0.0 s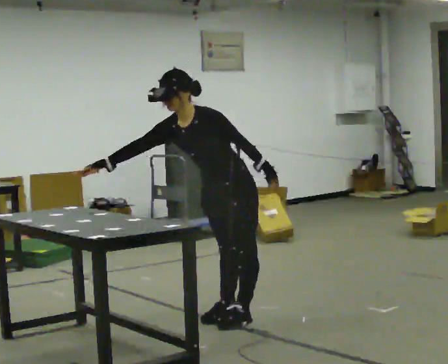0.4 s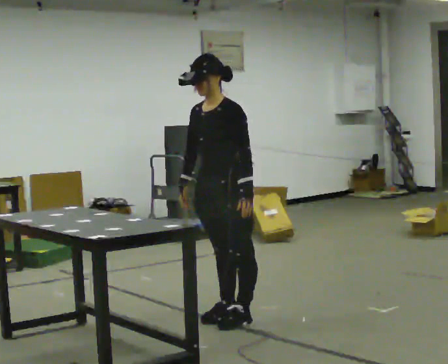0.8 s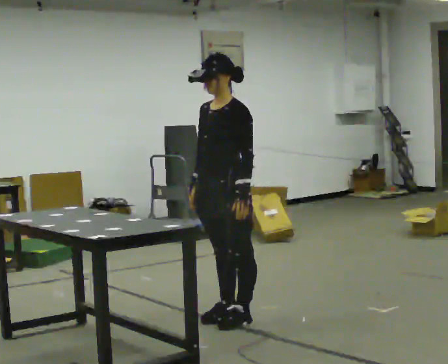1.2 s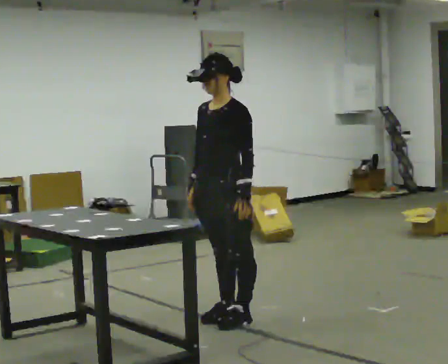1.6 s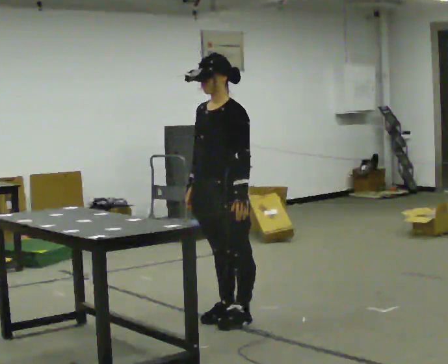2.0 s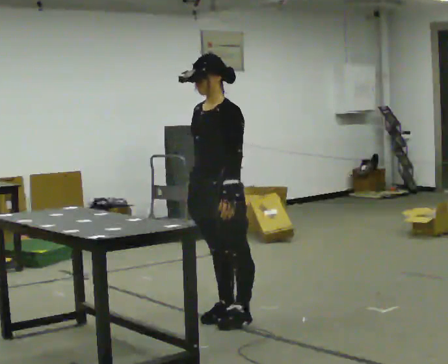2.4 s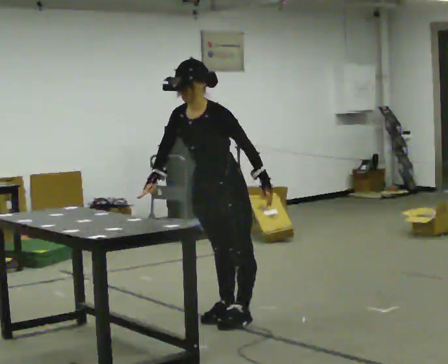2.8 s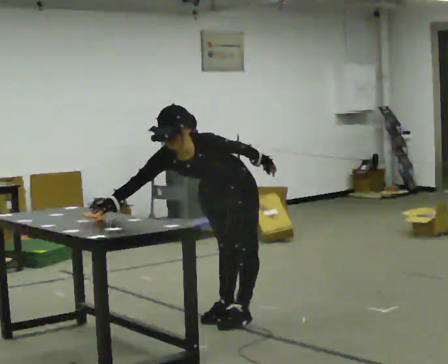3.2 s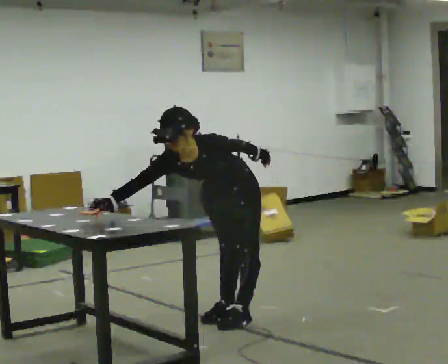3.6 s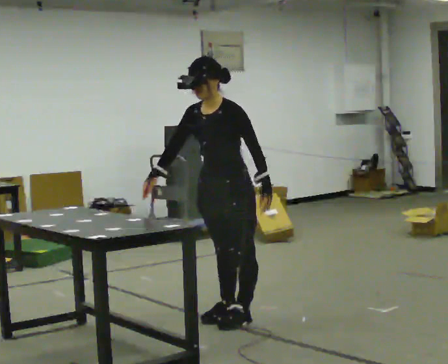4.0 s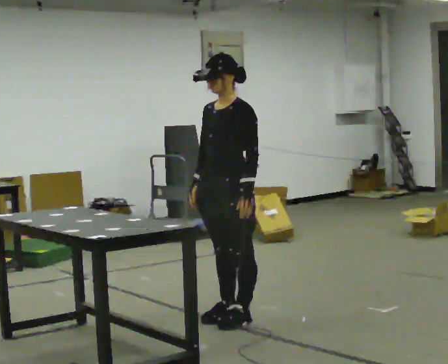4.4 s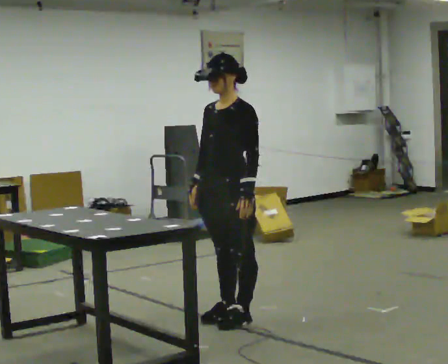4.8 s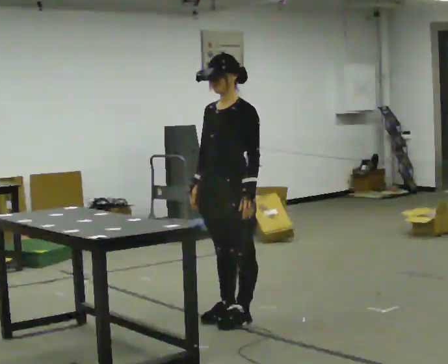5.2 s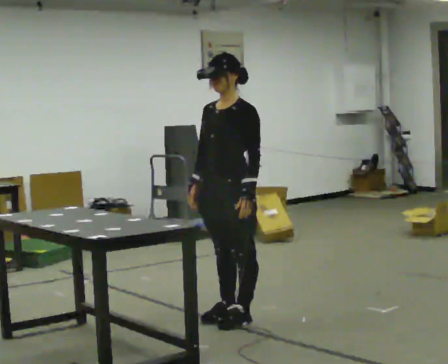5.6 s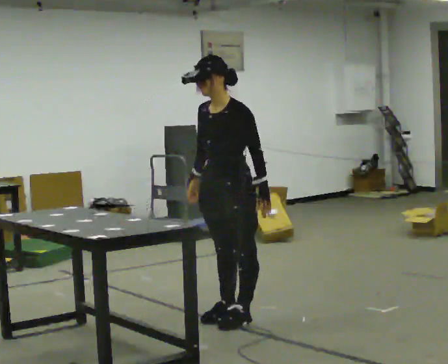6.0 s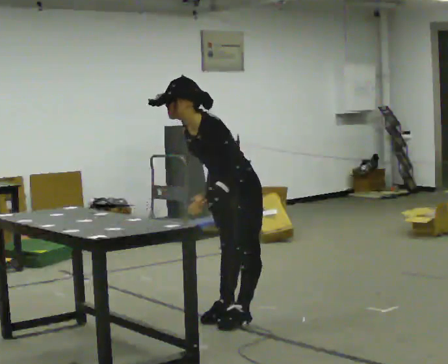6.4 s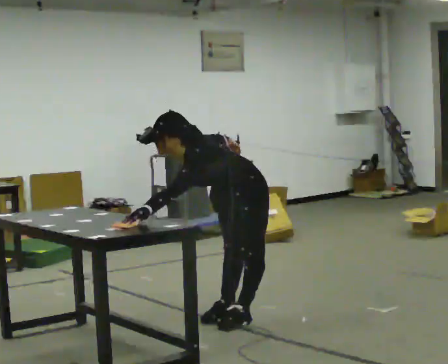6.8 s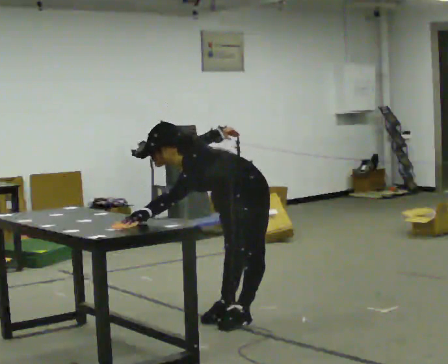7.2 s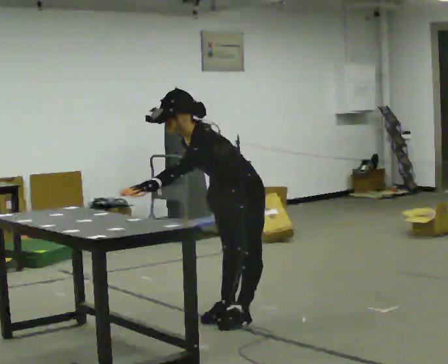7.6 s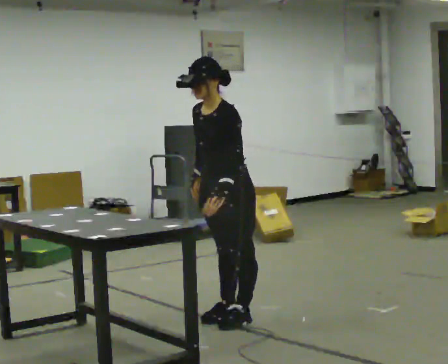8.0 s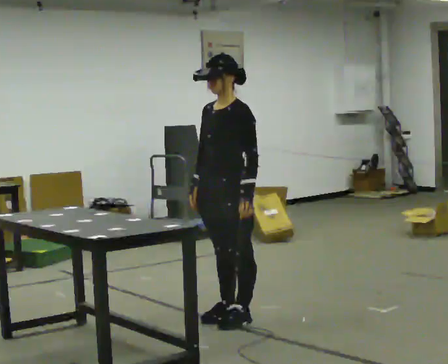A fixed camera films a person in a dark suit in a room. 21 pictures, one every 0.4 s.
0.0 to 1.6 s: In the picture the upper body tilts clockwise, shoulders to the right, as they lean back or straighten. In the picture their right hand goes to the right, the arm swinging counterclockwise.
1.6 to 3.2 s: The shoulders move downward. The upper body tips toward the camera, its near side rolling downward, as they bend forward.
3.2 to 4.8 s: The upper body goes upward. The upper body tips away from the camera, its near side rolling upward, as they lean back or straighten.
4.8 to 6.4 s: The shoulders move downward. In the picture the upper body tilts counterclockwise, shoulders to the left, as they bend forward.
6.4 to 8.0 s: The upper body goes upward. In the picture the upper body tilts clockwise, shoulders to the right, as they lean back or straighten.
The film runs backward here.
